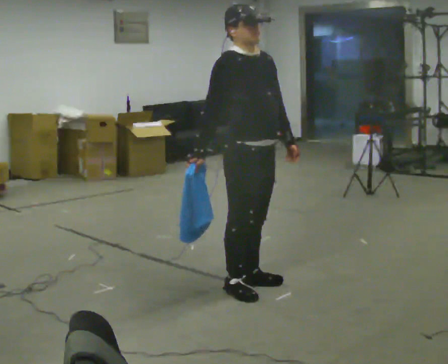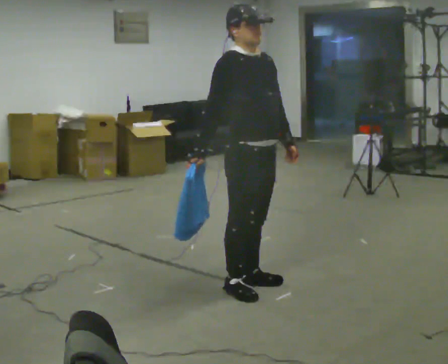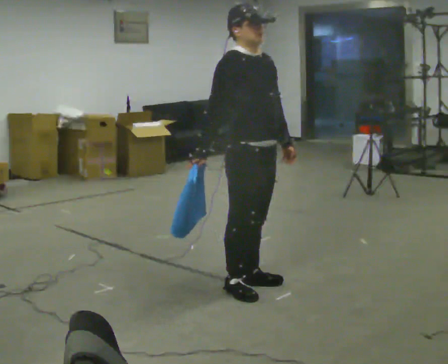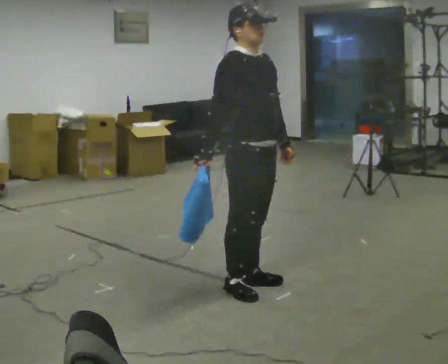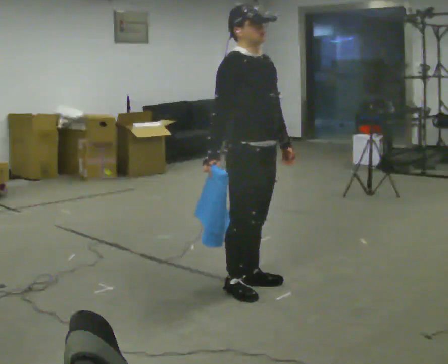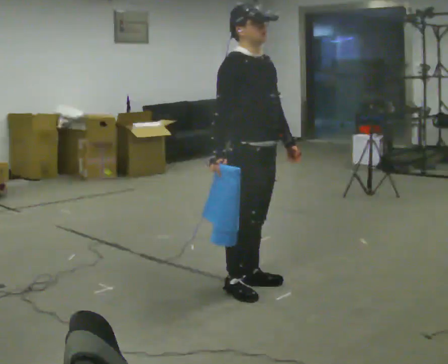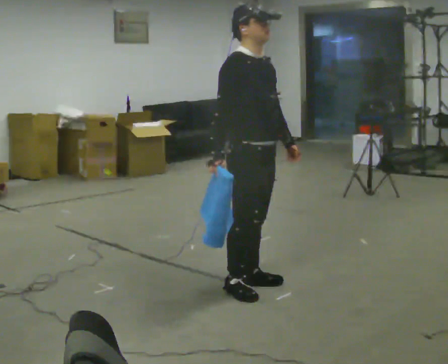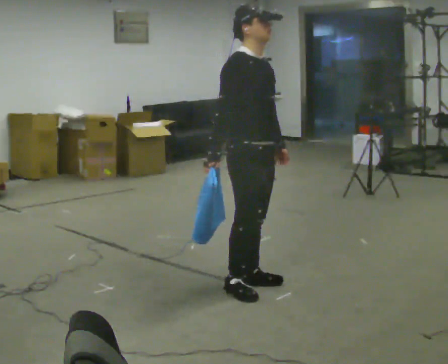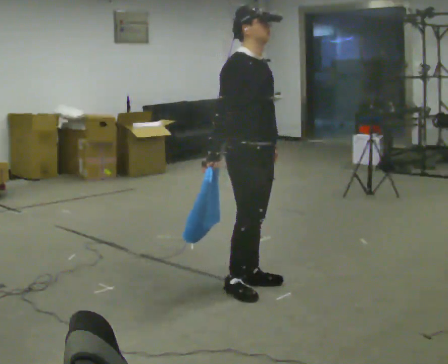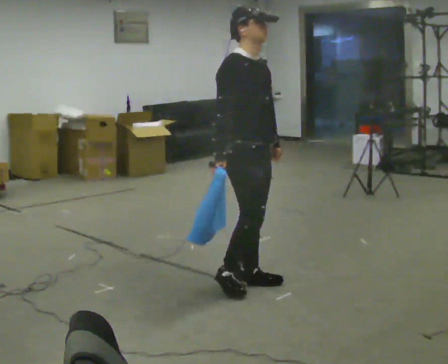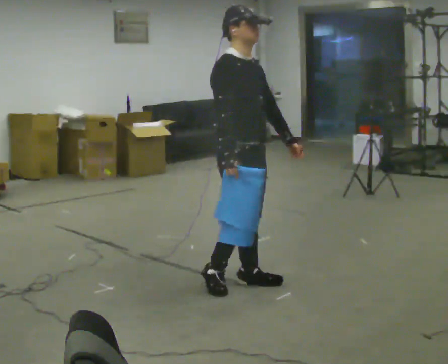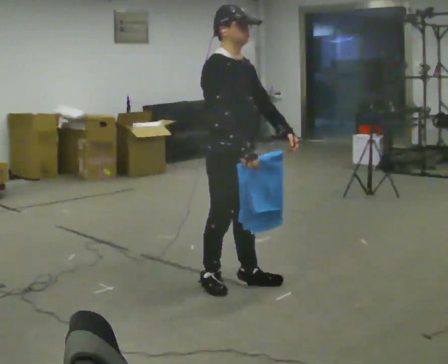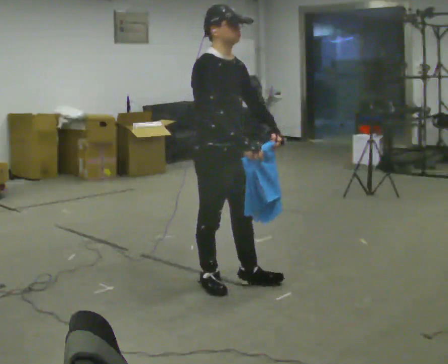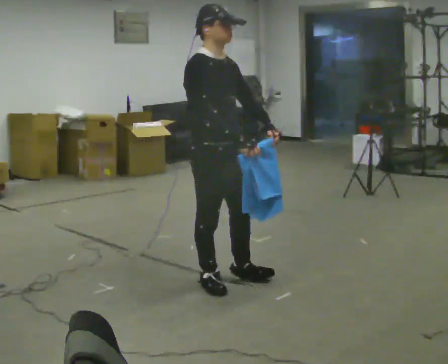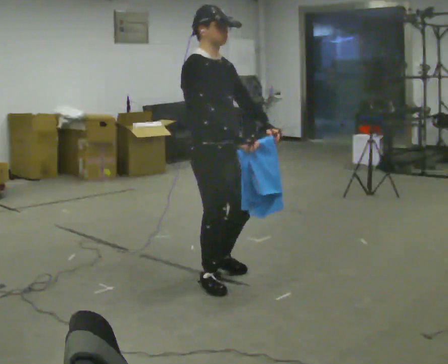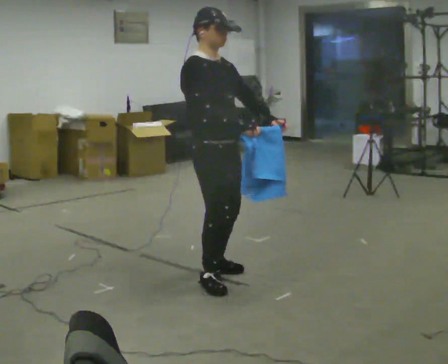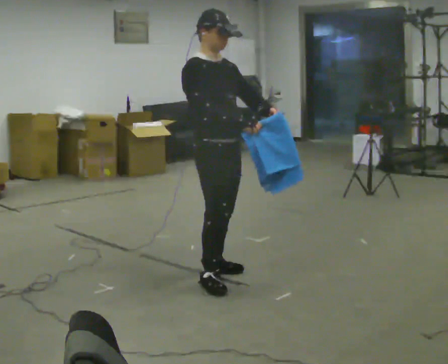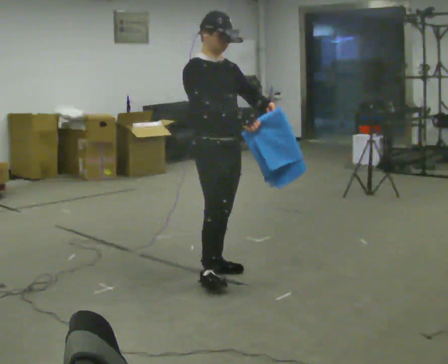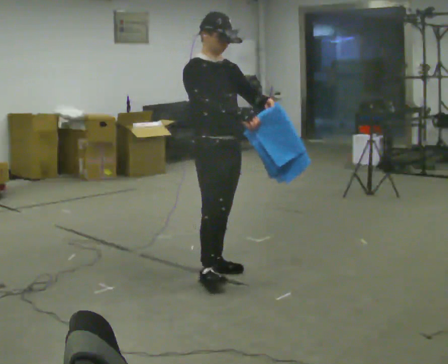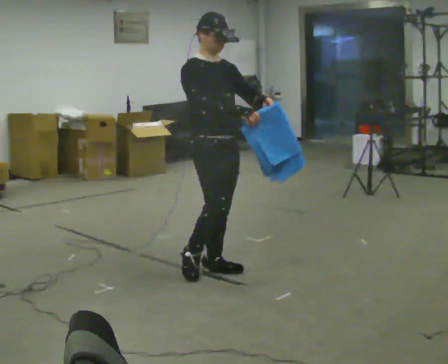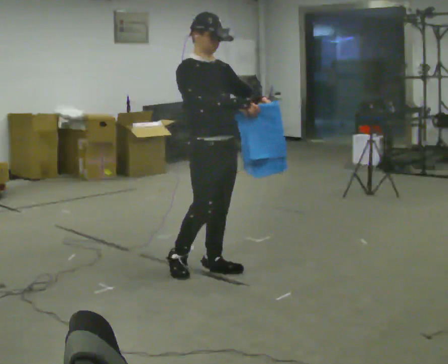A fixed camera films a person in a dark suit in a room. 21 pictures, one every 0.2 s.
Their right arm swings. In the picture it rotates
counterclockwise.
0.0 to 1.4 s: The person moves a little, or ends about where they began.
1.4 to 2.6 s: In the picture they go to the left, about 0.25 m in 2 steps, which for them is backward.
2.6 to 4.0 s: In the picture they go away from the camera, about 0.25 m in 1 step, which for them is to their left and backward.
The film runs backward here.
